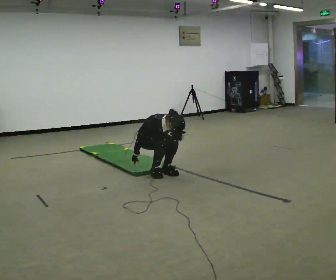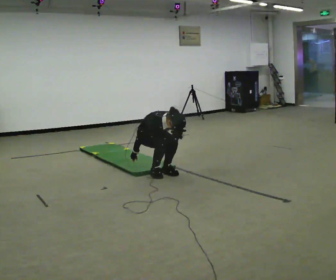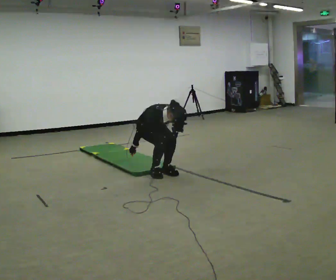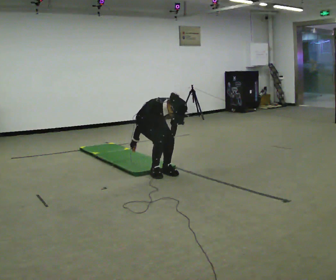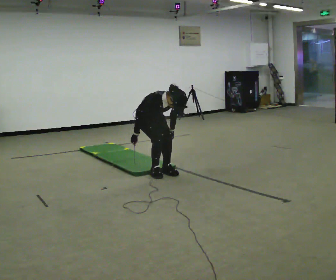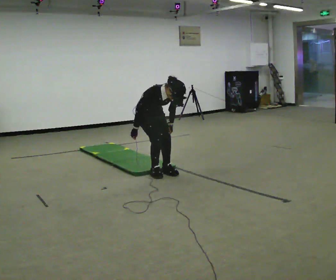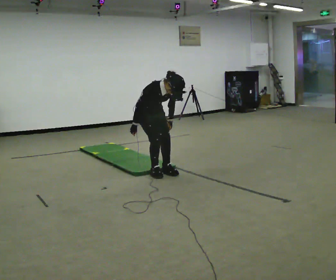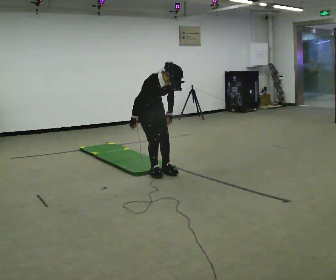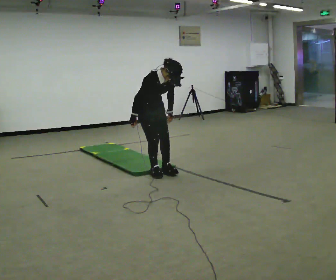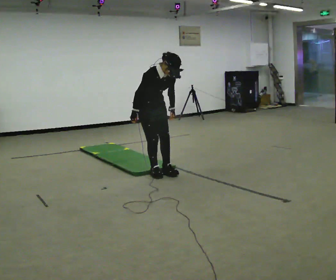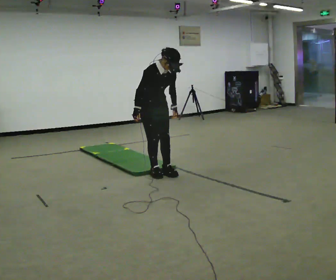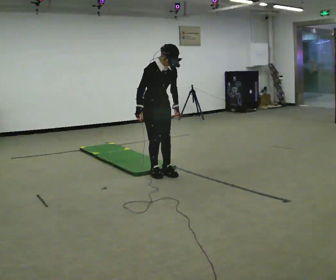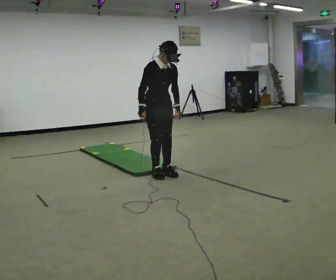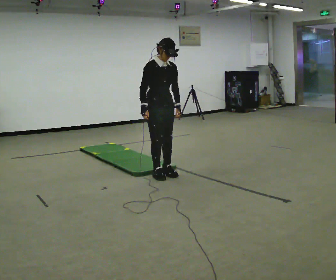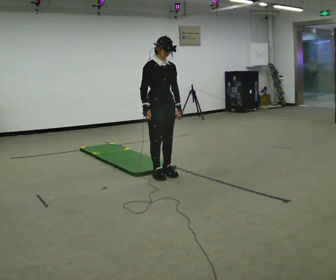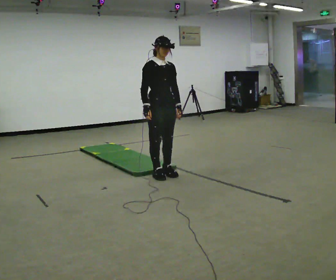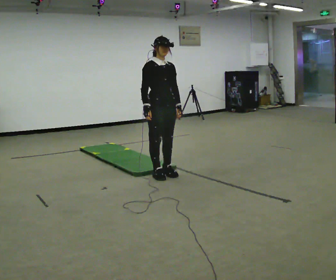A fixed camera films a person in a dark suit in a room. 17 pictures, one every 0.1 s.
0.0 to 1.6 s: In the picture they go toward the camera, about 0.25 m, which for them is forward. The shoulders move upward. The upper body tips away from the camera, its near side rolling upward, as they lean back or straighten. In the picture their right hand goes upward.
The film runs backward here.
